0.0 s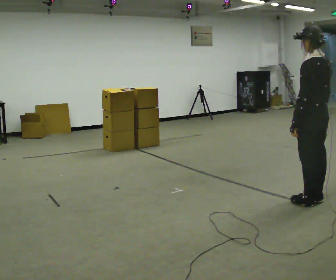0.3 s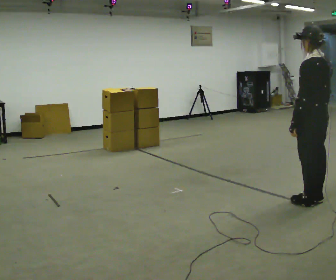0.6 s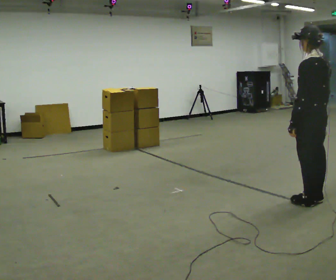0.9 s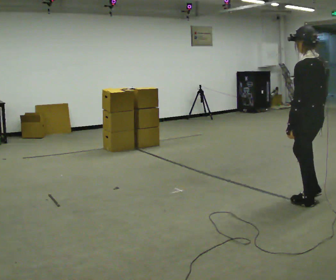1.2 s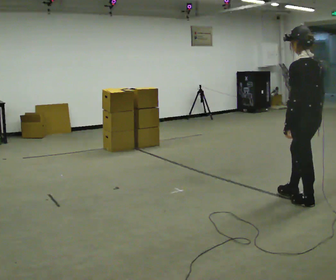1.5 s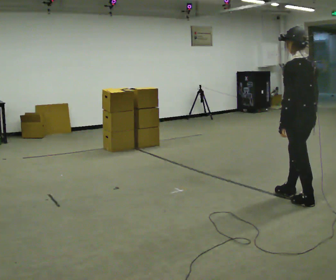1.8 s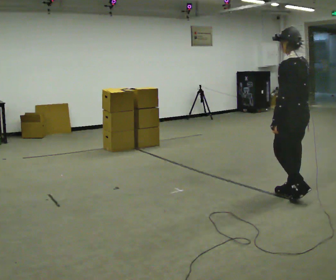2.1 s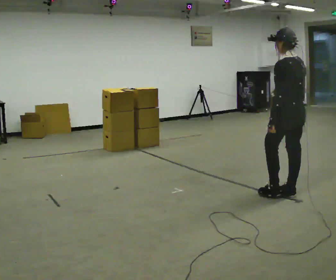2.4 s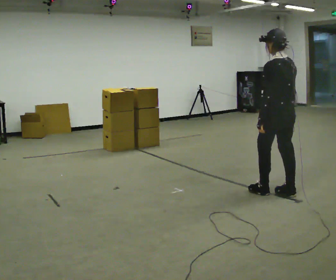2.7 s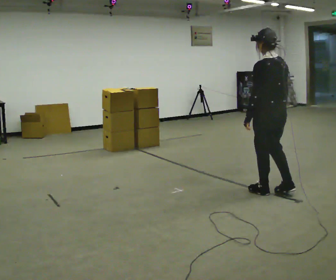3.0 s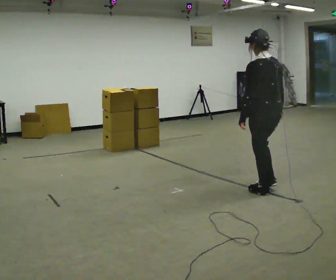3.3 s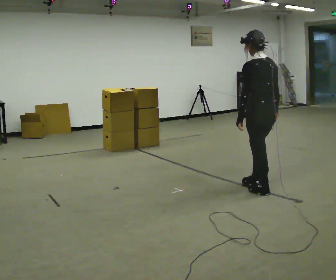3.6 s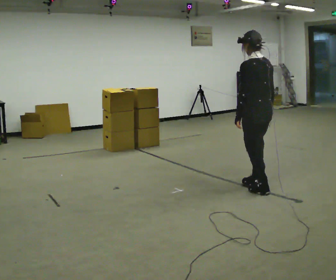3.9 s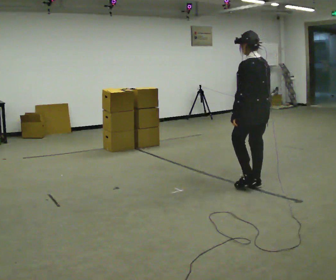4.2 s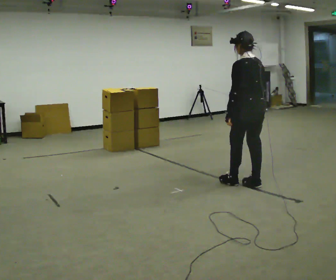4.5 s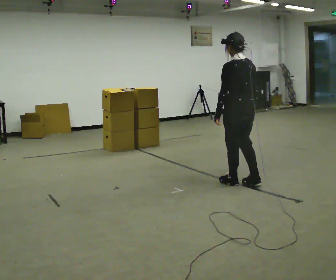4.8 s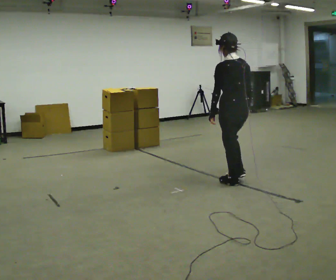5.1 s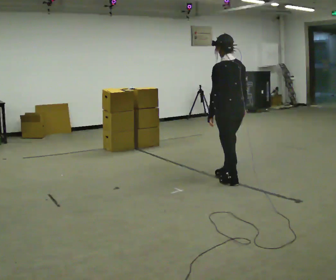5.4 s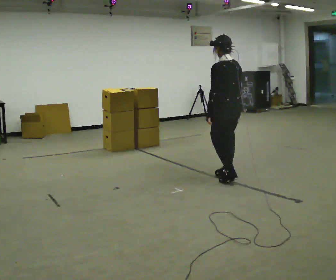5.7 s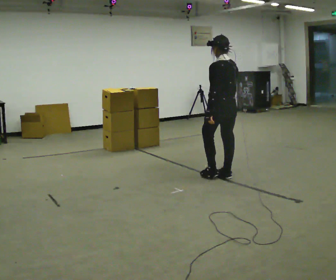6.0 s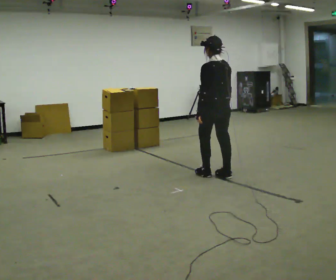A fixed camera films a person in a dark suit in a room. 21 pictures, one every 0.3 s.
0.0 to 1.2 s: The person moves a little, or ends about where they began.
1.2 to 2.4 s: In the picture they go away from the camera and to the left, about 0.25 m in 2 steps, which for them is forward.
2.4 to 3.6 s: In the picture they go to the left and away from the camera, about 0.25 m in 1 step, which for them is forward.
3.6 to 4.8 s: In the picture they go to the left and away from the camera, about 0.25 m in 1 step, which for them is forward.
4.8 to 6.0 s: In the picture they go away from the camera and to the left, about 0.25 m in 2 steps, which for them is forward.
The film runs forward here.
